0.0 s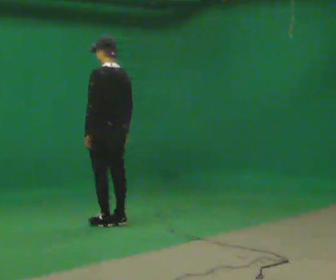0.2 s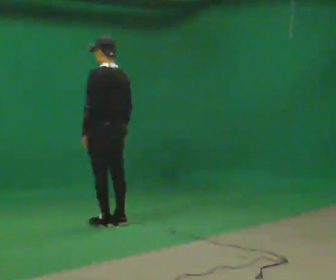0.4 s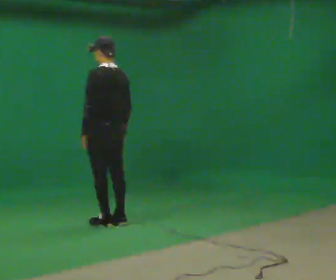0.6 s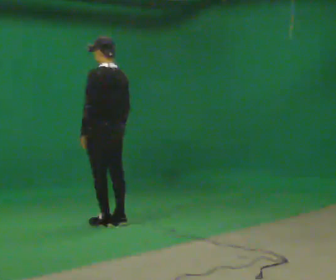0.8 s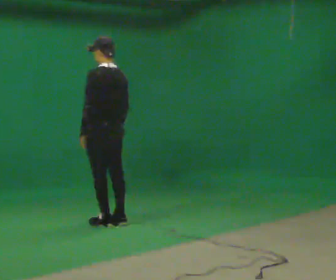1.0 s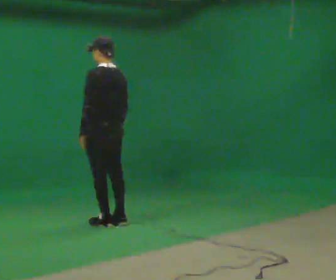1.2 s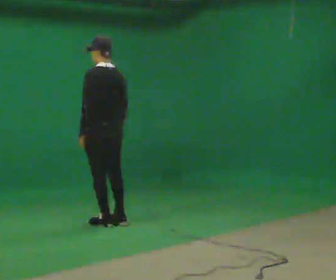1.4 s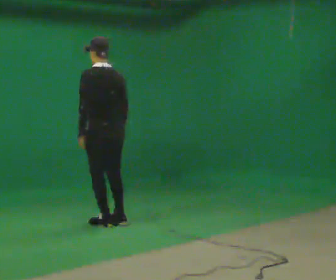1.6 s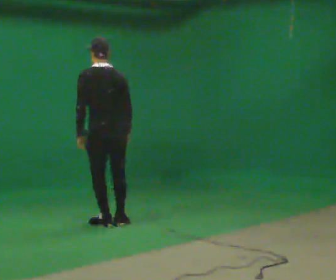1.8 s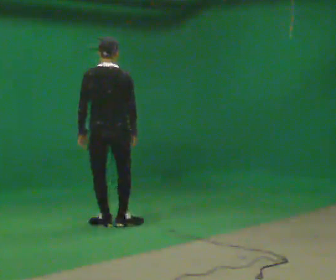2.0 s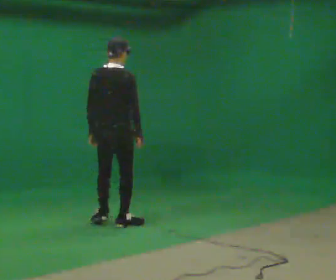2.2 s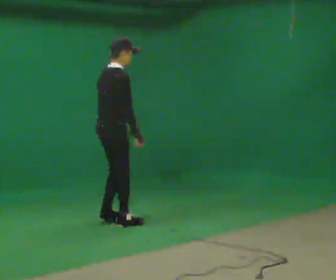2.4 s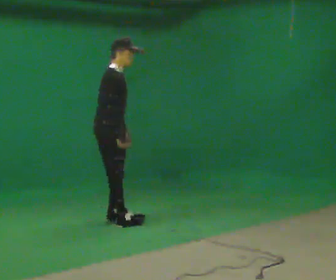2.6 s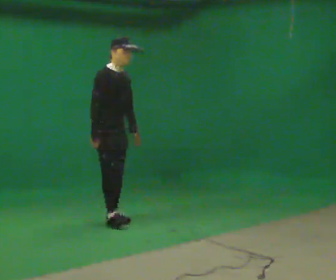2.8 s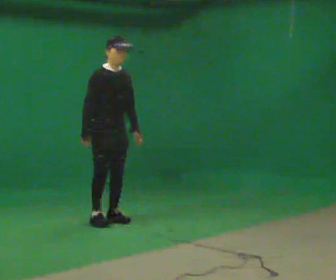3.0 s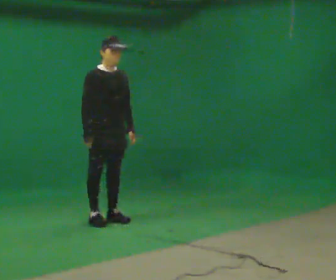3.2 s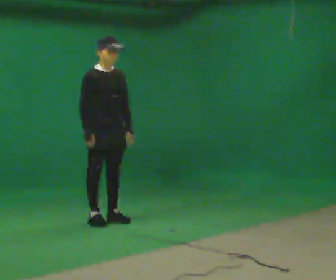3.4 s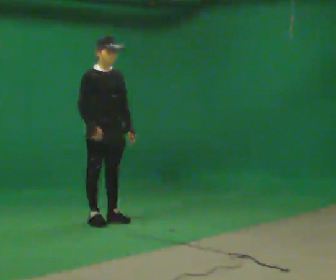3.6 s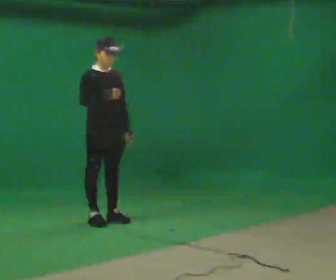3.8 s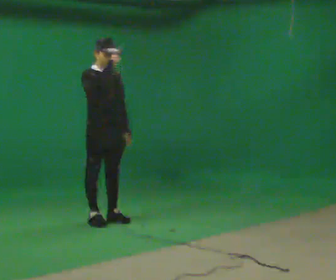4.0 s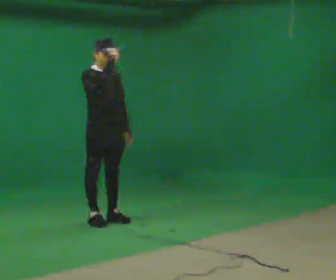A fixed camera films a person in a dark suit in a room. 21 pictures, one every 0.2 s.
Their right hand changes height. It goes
upward.
The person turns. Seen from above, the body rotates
clockwise.
0.0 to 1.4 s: The person moves a little, or ends about where they began.
1.4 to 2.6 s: The part of the body nearest the lens slides to the left as the person turns to their right by about 165 degrees. In the picture the upper body tilts clockwise, shoulders to the right.
2.6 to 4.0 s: In the picture their right hand goes upward.
The film runs forward here.
